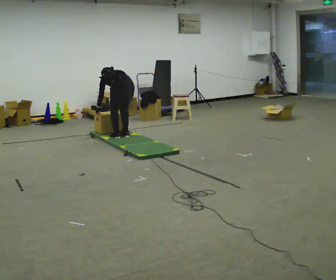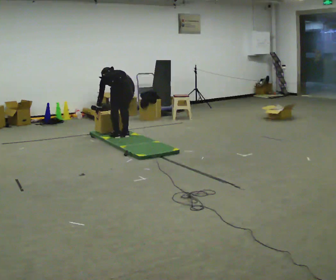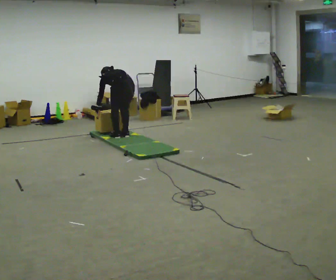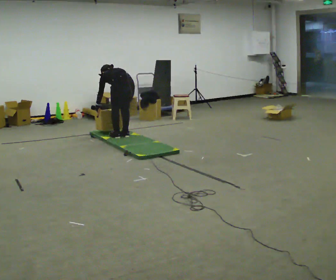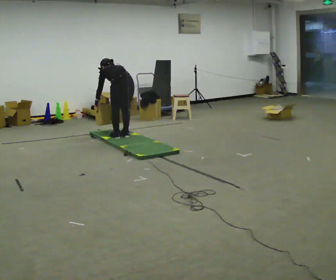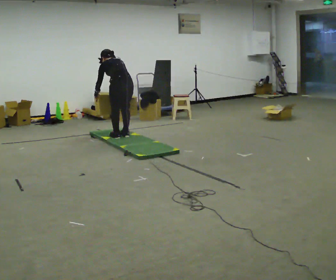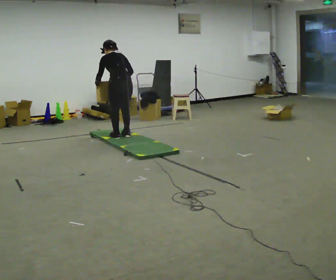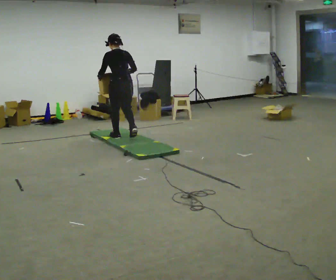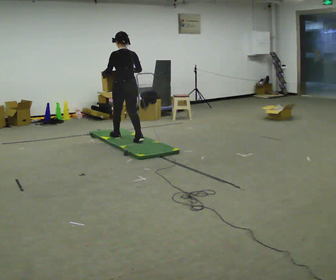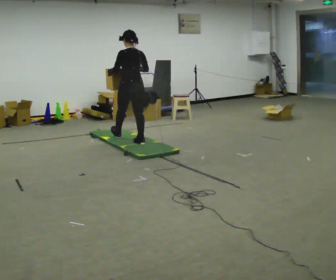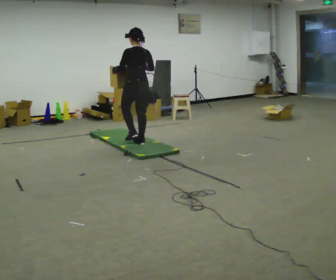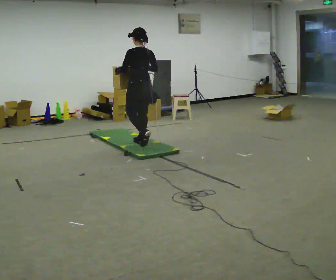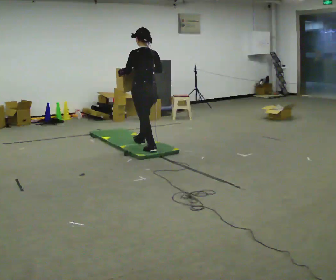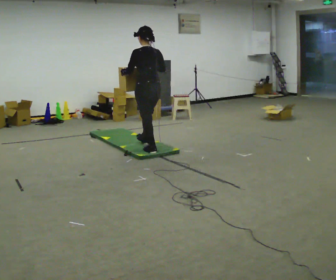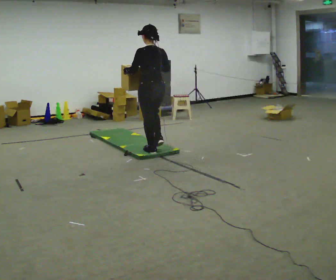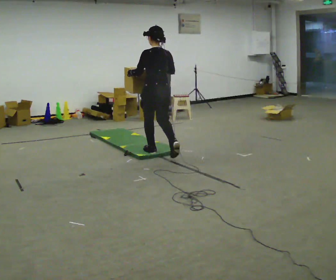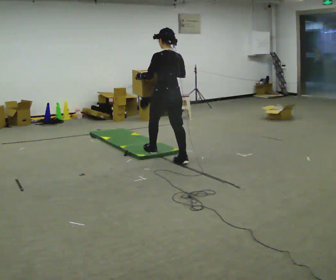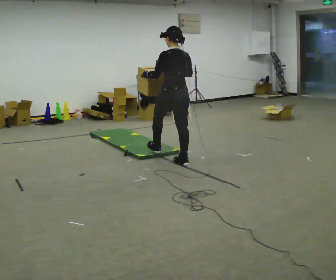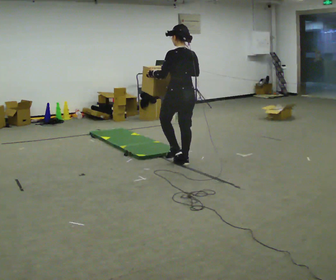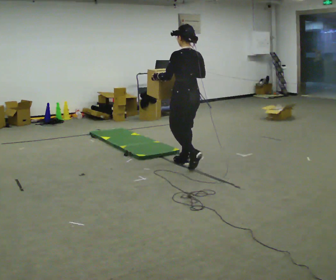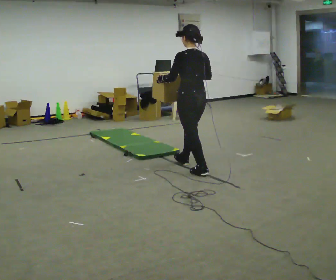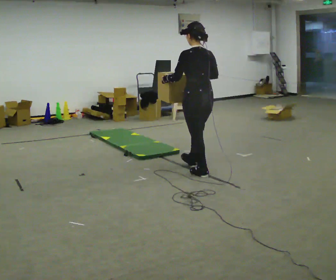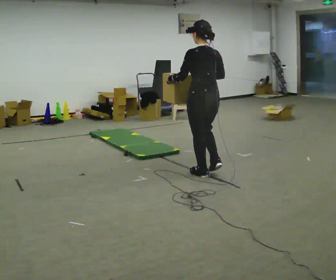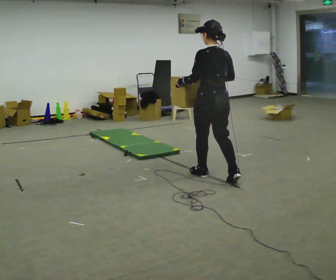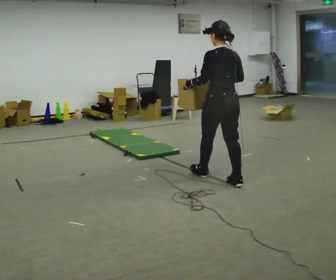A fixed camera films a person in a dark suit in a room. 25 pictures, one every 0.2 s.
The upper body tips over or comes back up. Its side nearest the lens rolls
downward.
The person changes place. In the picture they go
toward the camera.
0.0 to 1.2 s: The upper body goes upward. The upper body tips toward the camera, its near side rolling downward, as they lean back or straighten. In the picture their right hand goes upward.
1.2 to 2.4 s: In the picture they go toward the camera and to the right, about 0.5 m in 1 step, which for them is backward. The upper body tips toward the camera, its near side rolling downward, as they lean back or straighten.
2.4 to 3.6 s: In the picture they go toward the camera and to the right, about 1 m in 2 steps, which for them is backward.
3.6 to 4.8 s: In the picture they go toward the camera and to the right, about 1 m in 1 step, which for them is backward.
The film runs backward here.
